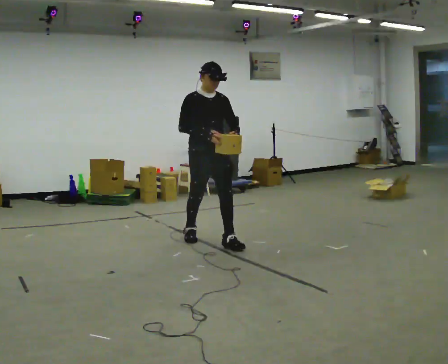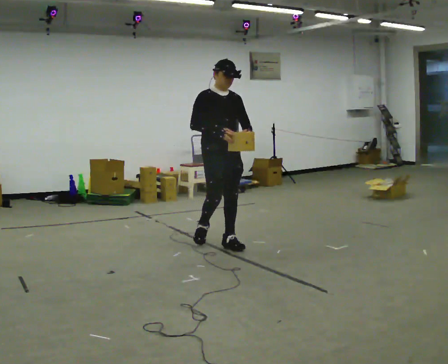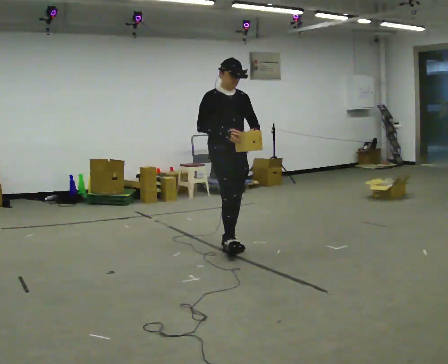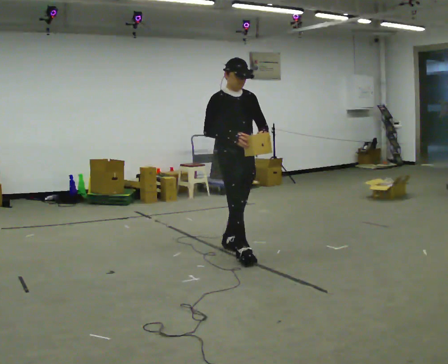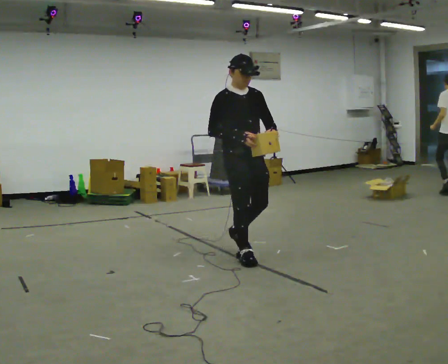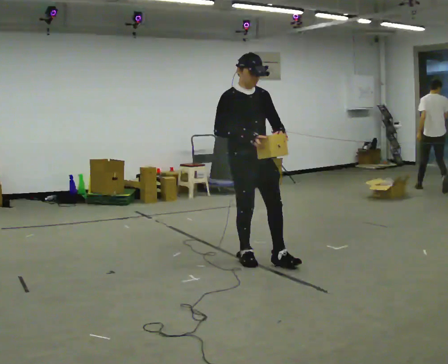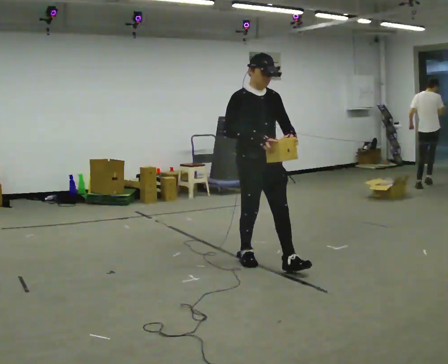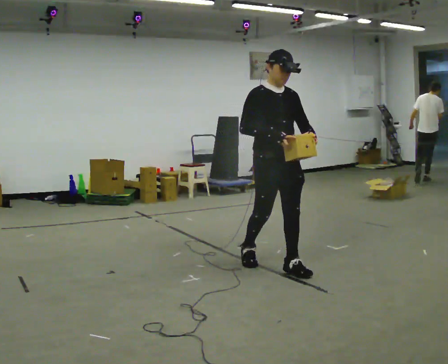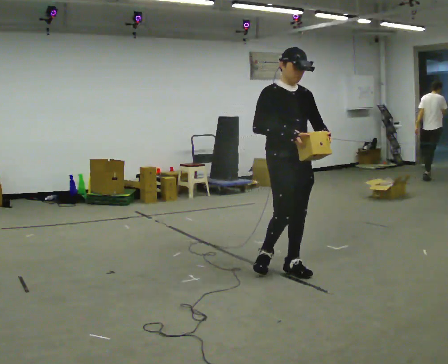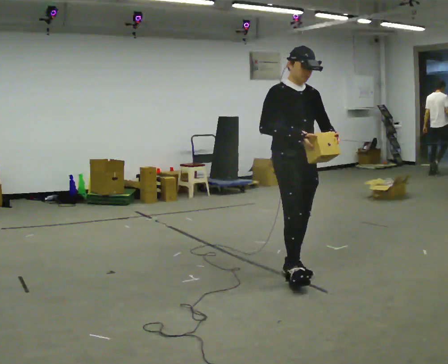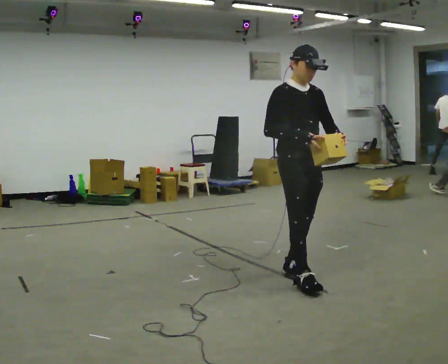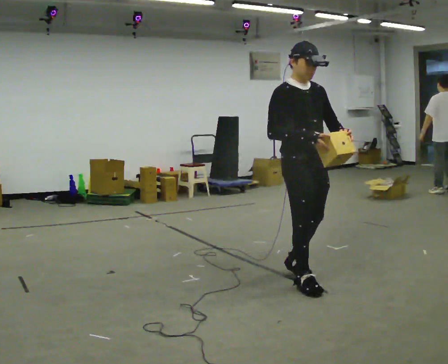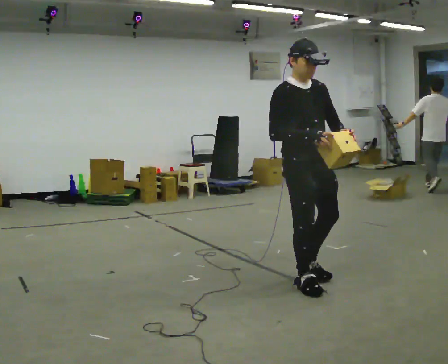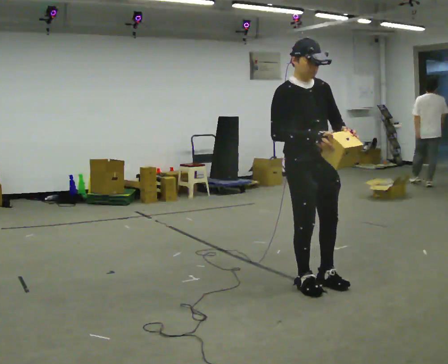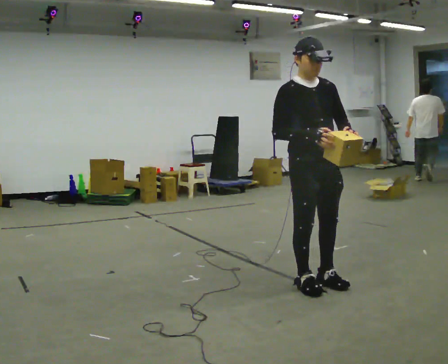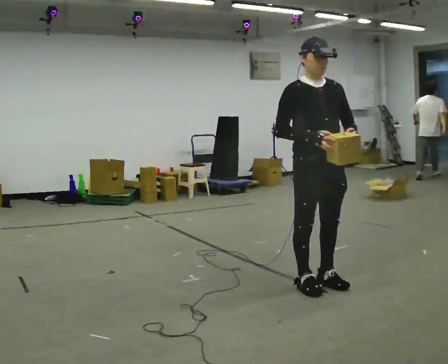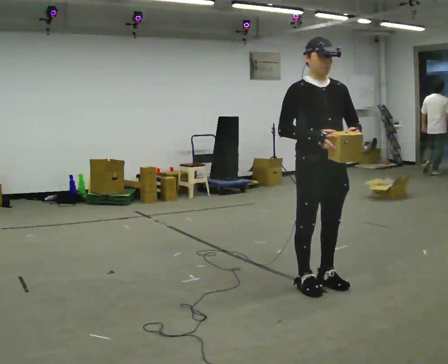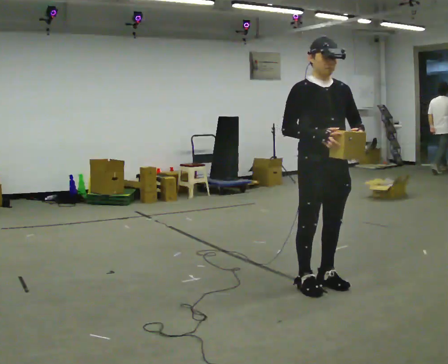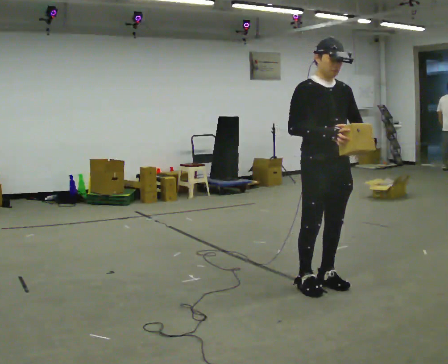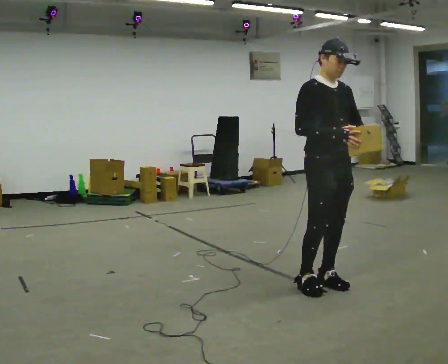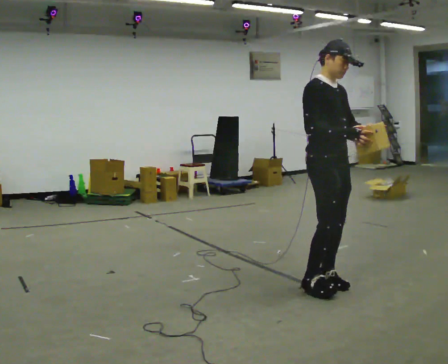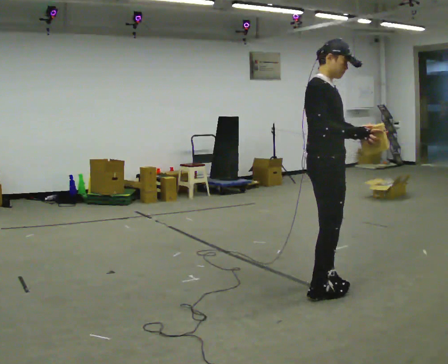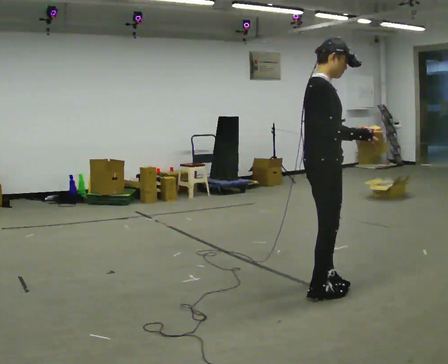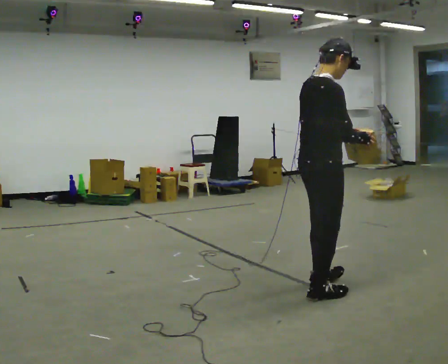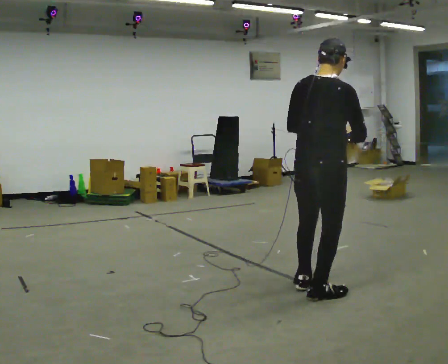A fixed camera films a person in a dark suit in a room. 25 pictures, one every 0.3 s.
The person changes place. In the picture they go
toward the camera.
0.0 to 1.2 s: In the picture they go toward the camera and to the right, about 0.5 m in 1 step, which for them is forward.
1.2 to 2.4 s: In the picture they go to the right and toward the camera, about 0.5 m in 1 step, which for them is forward.
2.4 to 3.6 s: In the picture they go toward the camera, about 0.25 m in 1 step, which for them is forward.
3.6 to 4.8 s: The person moves a little, or ends about where they began.
4.8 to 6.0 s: The person turns about 30 degrees to their left, counterclockwise seen from above, so the part of the body nearest the lens slides to the right.
6.0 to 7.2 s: Seen from above the body turns counterclockwise, about 90 degrees: to their left, with its near side sliding to the right. In the picture they go toward the camera, about 0.25 m in 1 step. In the picture their left hand goes to the left.
The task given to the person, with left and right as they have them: Carry the object and, while walking, turn it over in your hands to look at all sides of it. Keep turning it as you walk.
The film runs forward here.
